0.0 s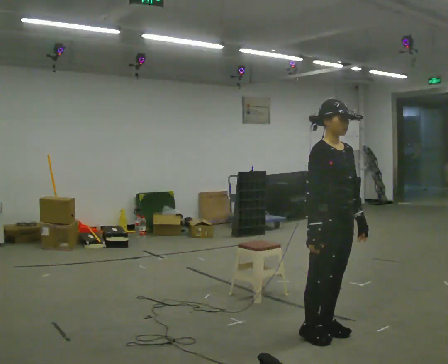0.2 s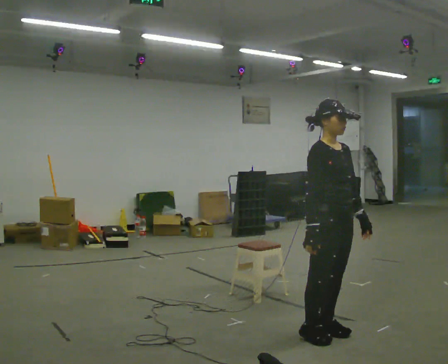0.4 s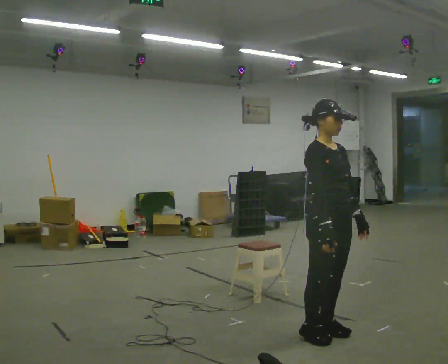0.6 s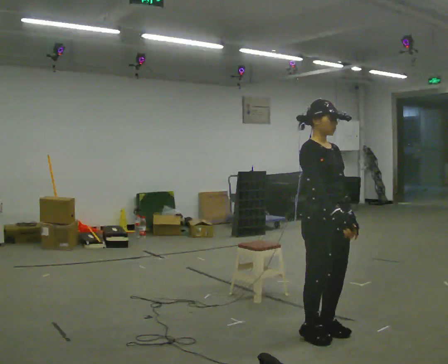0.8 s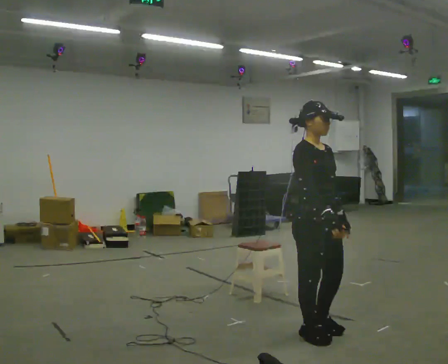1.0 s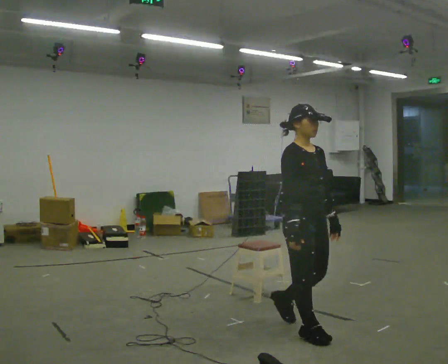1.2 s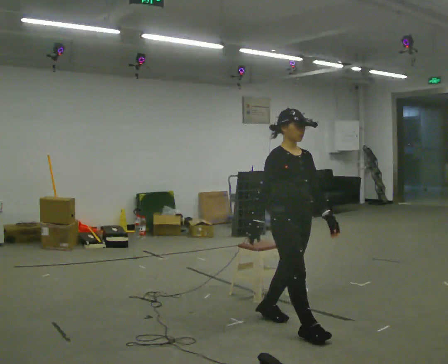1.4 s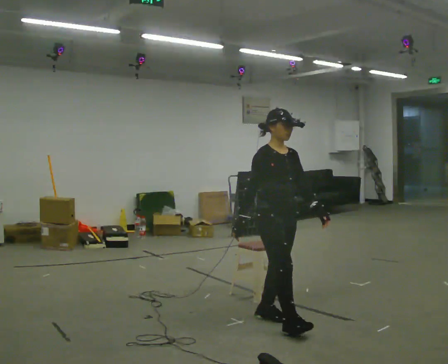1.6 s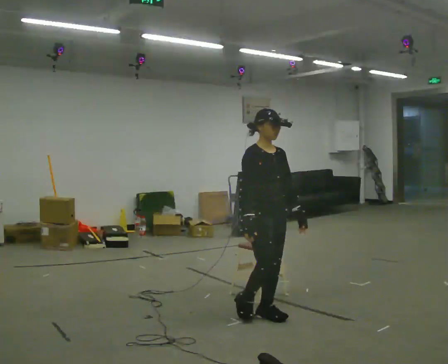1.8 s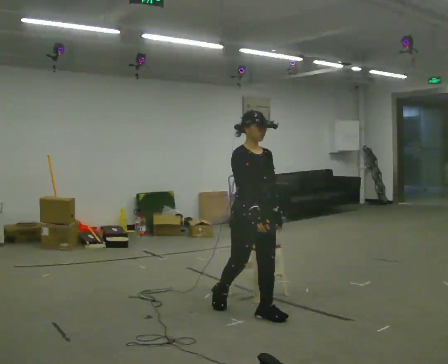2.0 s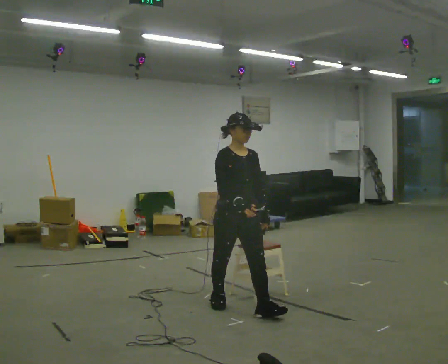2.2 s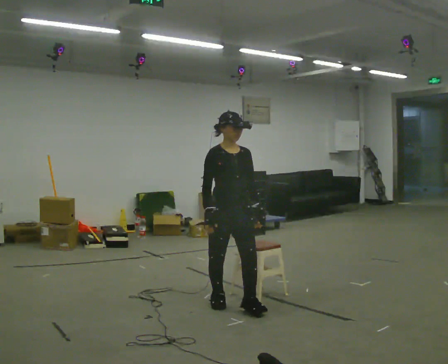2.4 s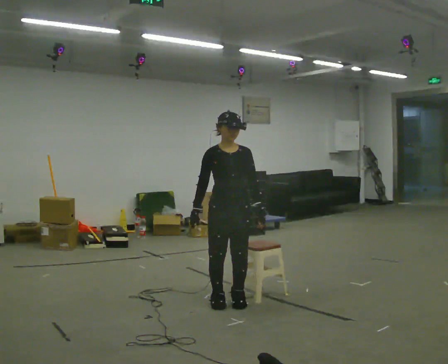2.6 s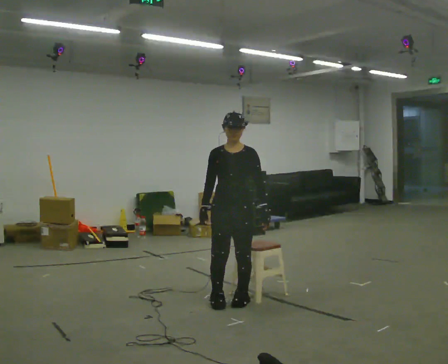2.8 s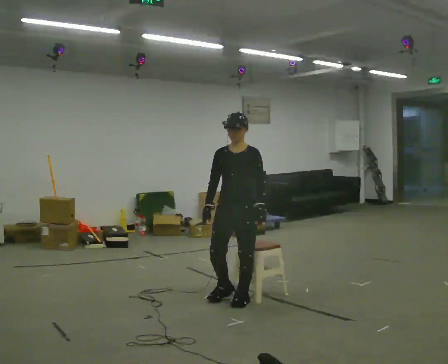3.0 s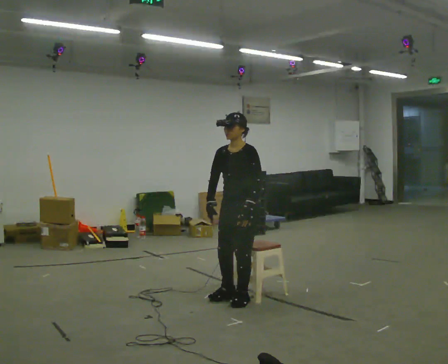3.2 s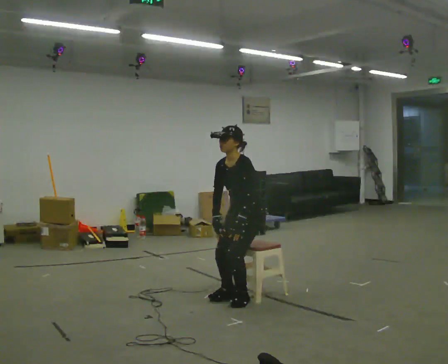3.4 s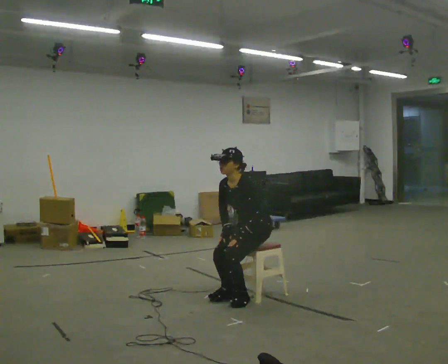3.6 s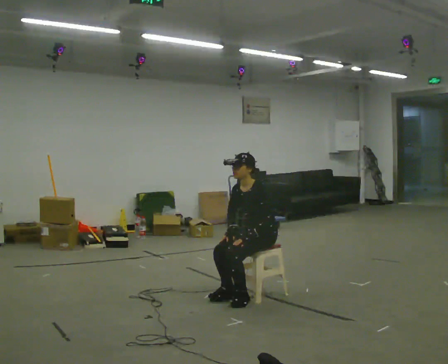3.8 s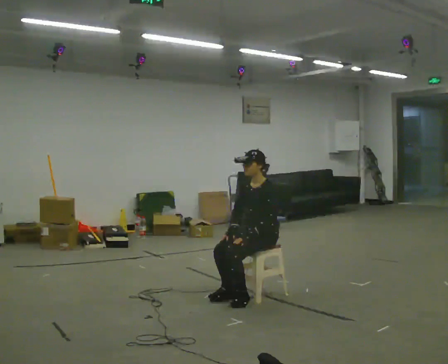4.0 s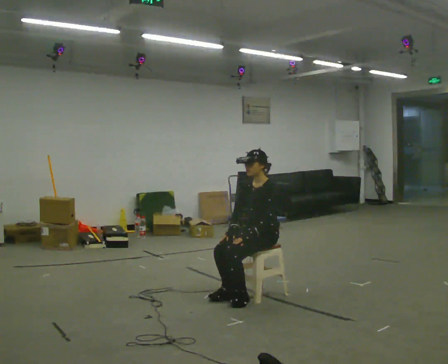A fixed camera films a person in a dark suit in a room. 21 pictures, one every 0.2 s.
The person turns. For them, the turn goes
to their right.
The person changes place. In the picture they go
away from the camera.
0.0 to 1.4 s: In the picture they go away from the camera and to the left, about 0.5 m in 2 steps, which for them is backward.
1.4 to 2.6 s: The person turns about 45 degrees to their right, clockwise seen from above, so the part of the body nearest the lens slides to the left. In the picture they go away from the camera and to the left, about 0.5 m in 1 step, which for them is backward.
2.6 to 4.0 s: The part of the body nearest the lens slides to the left as the person turns to their right by about 45 degrees. In the picture they go away from the camera and to the right, about 0.25 m in 1 step, which for them is backward. The upper body goes downward.
The film runs backward here.
